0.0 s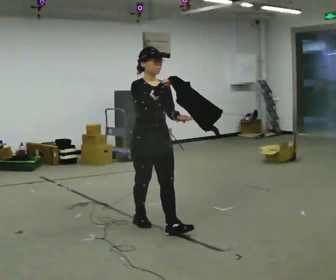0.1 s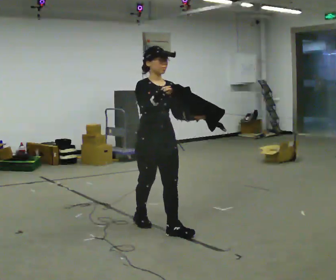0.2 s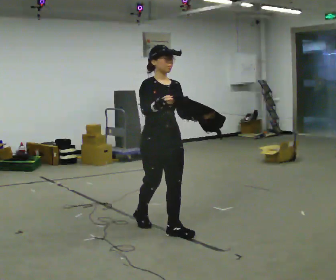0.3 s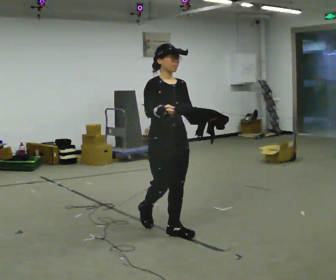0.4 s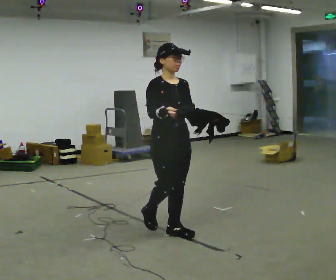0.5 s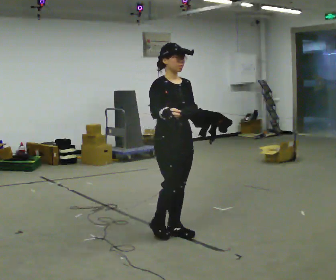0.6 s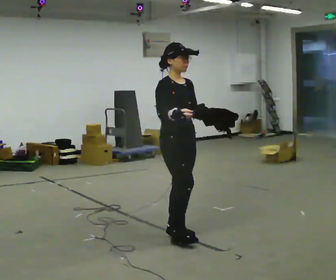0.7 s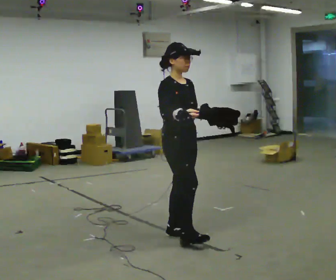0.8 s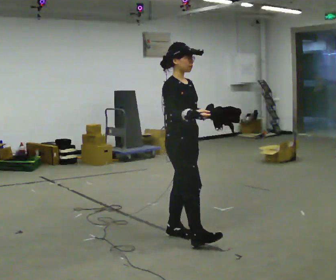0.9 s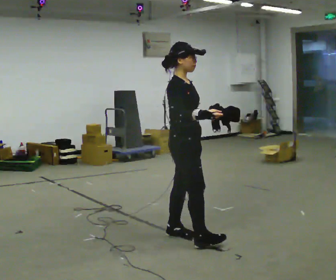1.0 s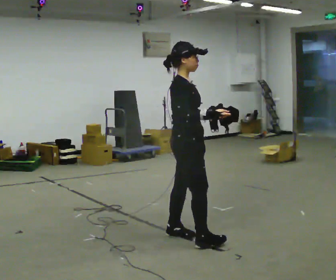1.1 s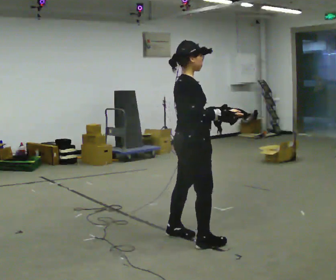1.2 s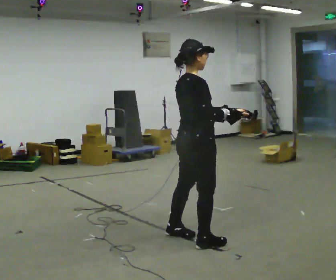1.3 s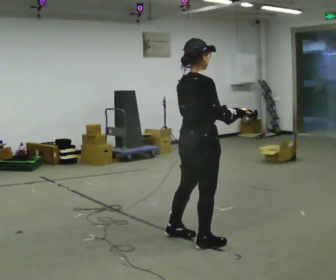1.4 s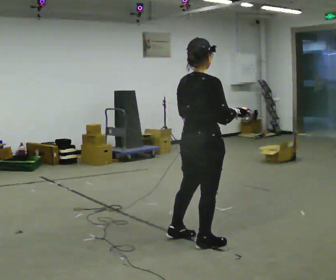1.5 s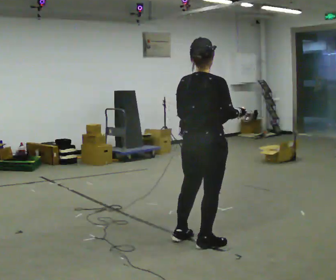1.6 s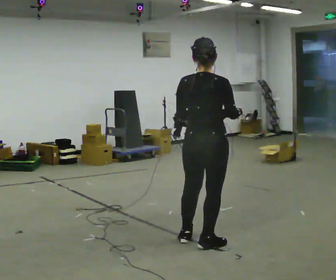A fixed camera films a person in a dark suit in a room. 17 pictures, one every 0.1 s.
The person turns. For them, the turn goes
to their left.
Their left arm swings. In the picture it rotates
clockwise.
0.0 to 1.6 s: The person turns about 135 degrees to their left, counterclockwise seen from above, so the part of the body nearest the lens slides to the right. In the picture they go to the right and toward the camera, about 0.75 m in 2 steps.
The film runs forward here.
